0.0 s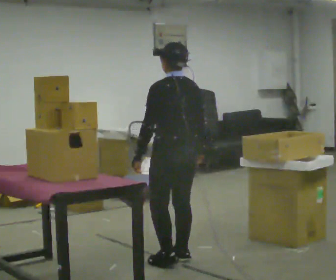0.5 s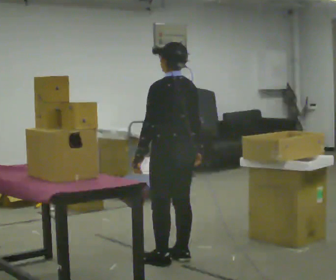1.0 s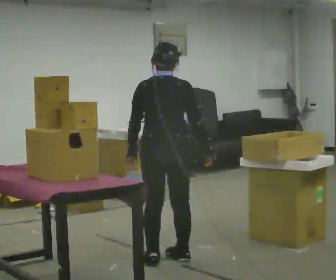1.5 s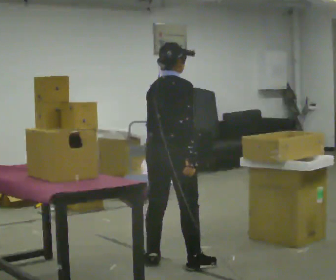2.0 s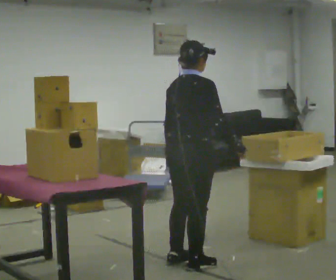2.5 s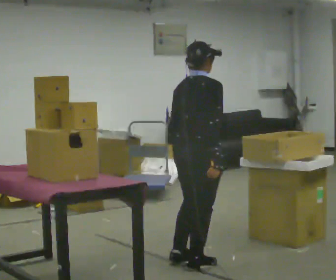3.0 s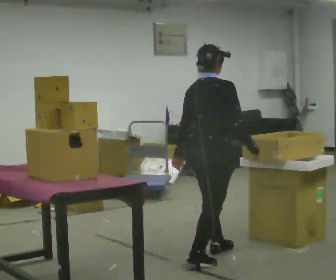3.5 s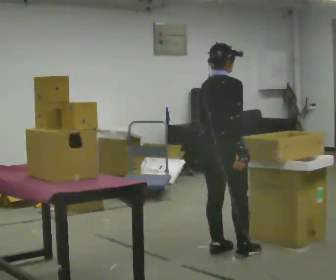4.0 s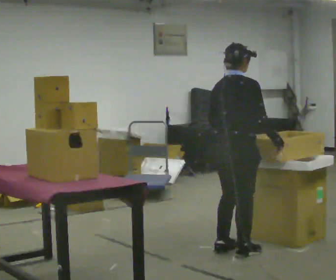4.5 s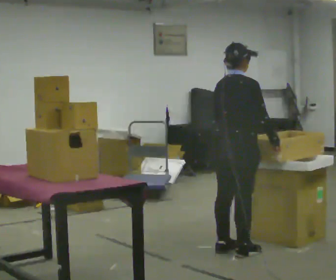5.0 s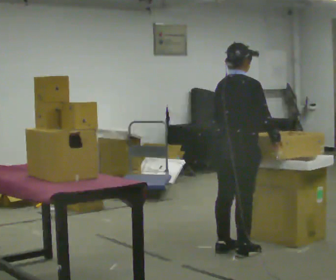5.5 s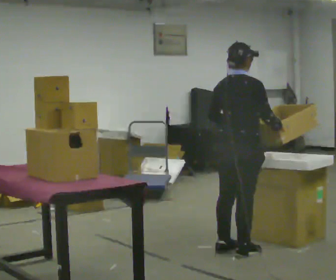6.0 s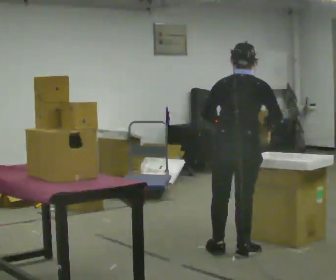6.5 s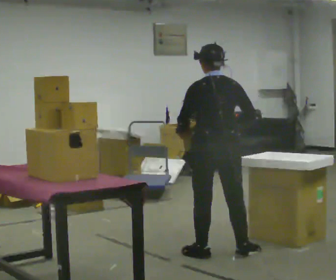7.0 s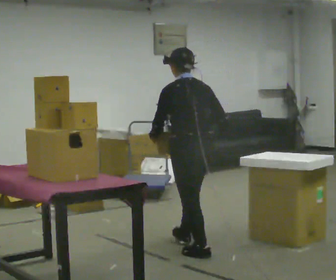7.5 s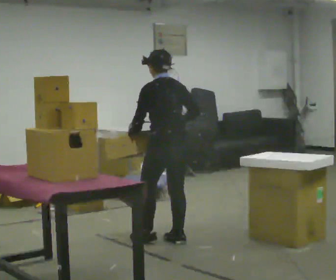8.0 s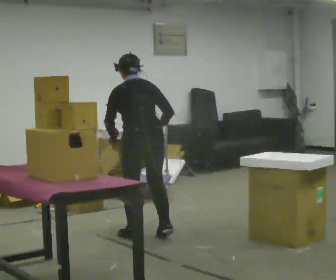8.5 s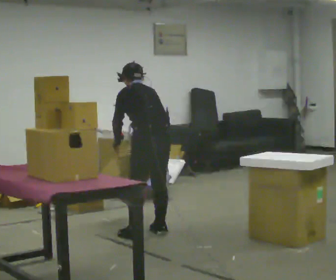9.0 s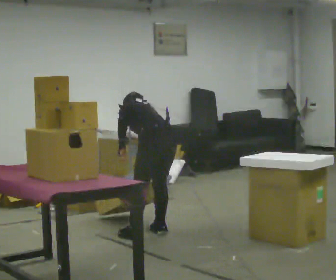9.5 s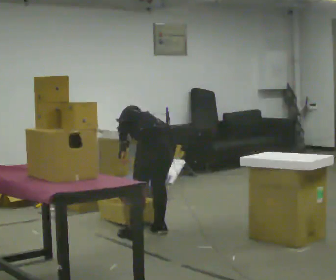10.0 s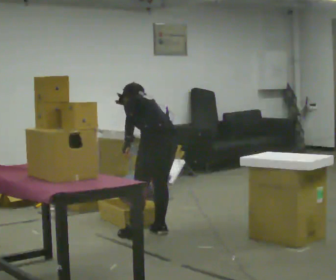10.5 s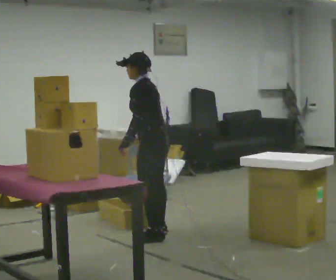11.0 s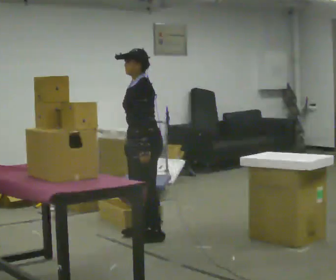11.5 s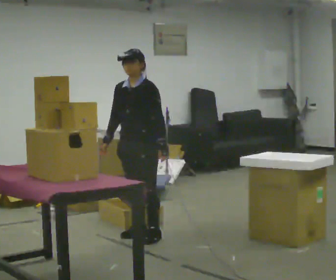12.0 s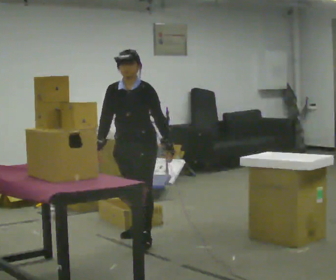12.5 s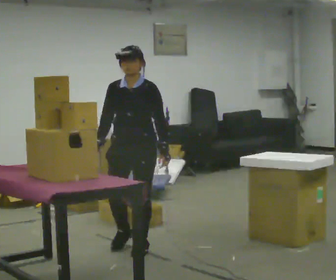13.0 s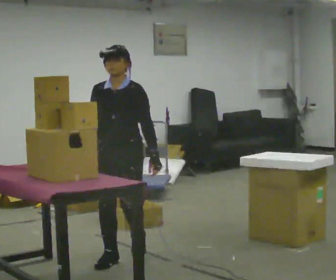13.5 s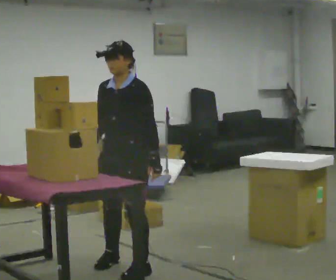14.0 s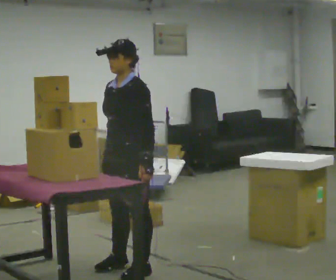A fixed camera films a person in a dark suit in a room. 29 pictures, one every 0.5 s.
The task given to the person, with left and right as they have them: 1. Move everything from the second bin into the first bin. 2. Carry the empty bin to the shelf. 3. Carry the full bin to the table. 4. Tell the operator when you are finished.
0.0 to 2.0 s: The part of the body nearest the lens slides to the left as the person turns to their right by about 90 degrees.
2.0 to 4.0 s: In the picture they go to the right and away from the camera, about 0.5 m in 2 steps, which for them is forward.
4.0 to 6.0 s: The part of the body nearest the lens slides to the right as the person turns to their left by about 30 degrees.
6.0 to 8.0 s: The person turns about 30 degrees to their left, counterclockwise seen from above, so the part of the body nearest the lens slides to the right. In the picture they go to the left and away from the camera, about 1 m in 2 steps, which for them is forward. In the picture the upper body tilts counterclockwise, shoulders to the left.
8.0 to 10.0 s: The person moves a little, or ends about where they began.
10.0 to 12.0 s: The person turns about 105 degrees to their left, counterclockwise seen from above, so the part of the body nearest the lens slides to the right. In the picture they go to the left and toward the camera, about 0.25 m in 1 step. The upper body tips toward the camera, its near side rolling downward, as they lean back or straighten. In the picture their left hand goes to the right, the arm swinging counterclockwise.
12.0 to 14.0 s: The person turns about 30 degrees to their right, clockwise seen from above, so the part of the body nearest the lens slides to the left. In the picture they go toward the camera, about 1 m in 3 steps, which for them is forward.
The film runs forward here.
